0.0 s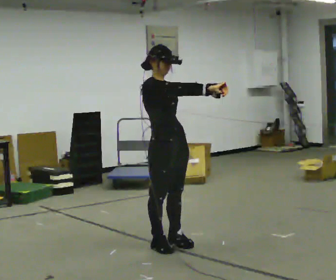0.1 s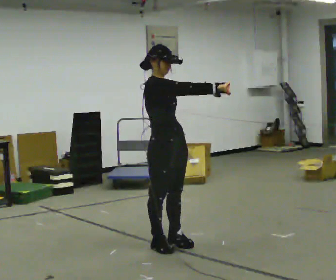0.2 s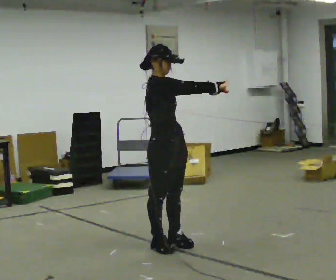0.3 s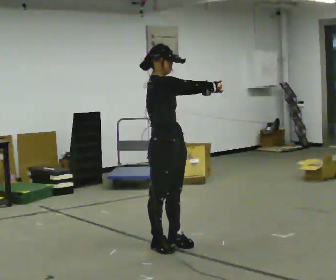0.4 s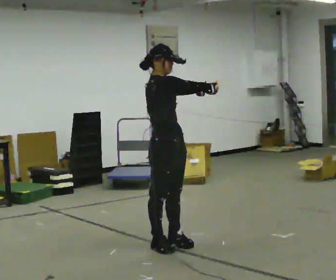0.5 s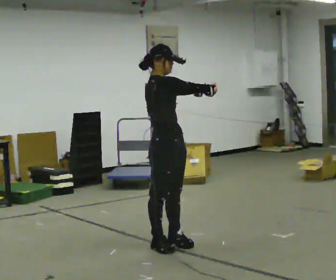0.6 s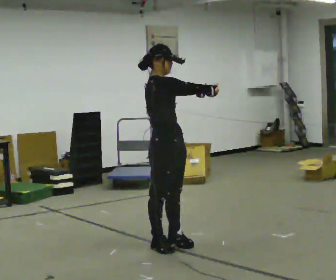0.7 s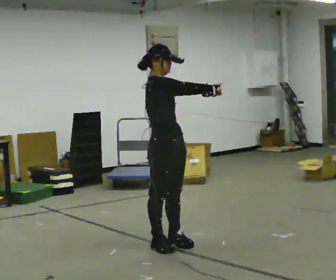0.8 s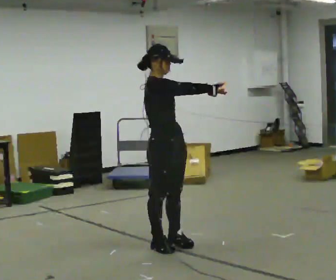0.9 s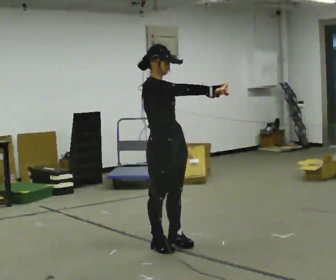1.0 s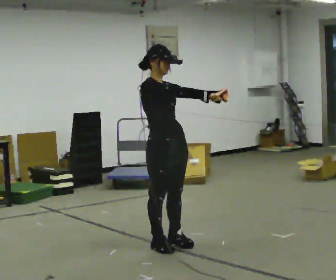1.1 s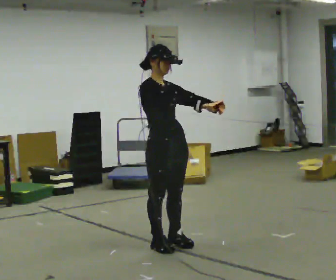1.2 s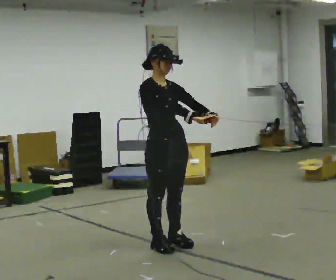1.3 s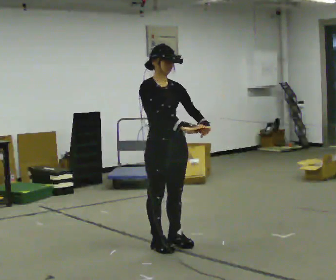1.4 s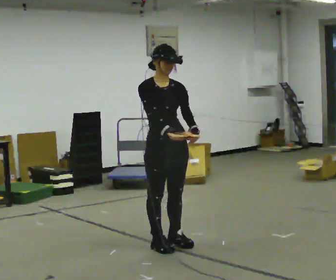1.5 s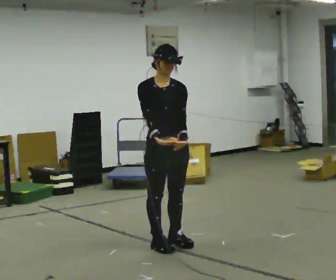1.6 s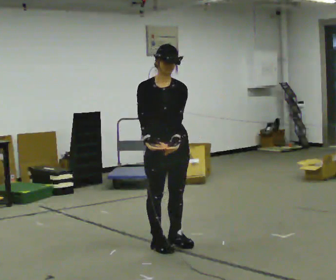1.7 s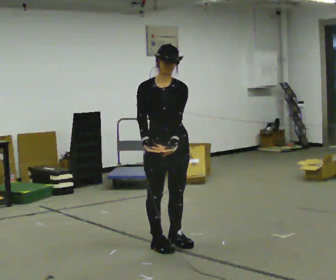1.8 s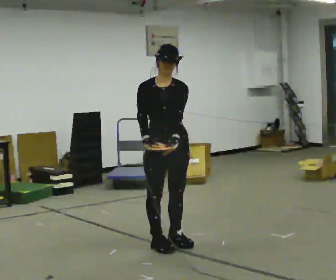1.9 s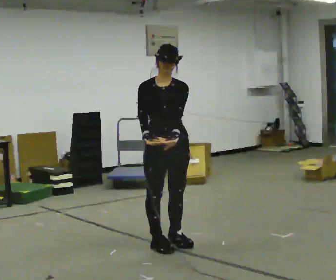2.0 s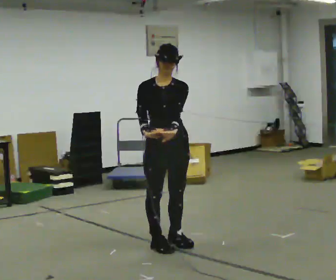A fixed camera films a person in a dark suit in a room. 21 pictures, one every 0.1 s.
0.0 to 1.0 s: The person moves a little, or ends about where they began.
1.0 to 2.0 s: Seen from above the body turns clockwise, about 30 degrees: to their right, with its near side sliding to the left. In the picture their left hand goes to the left.
The film runs forward here.
